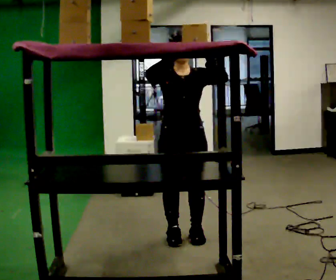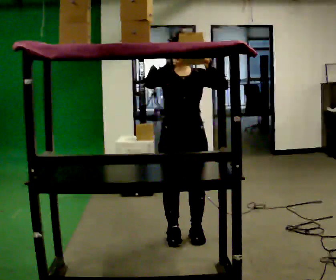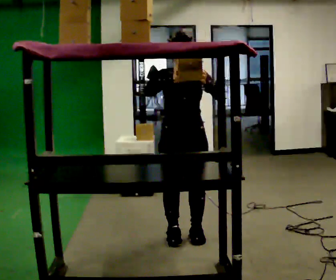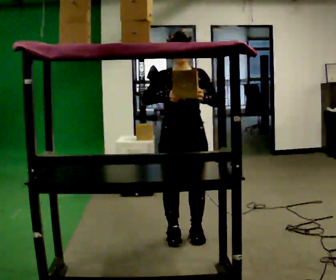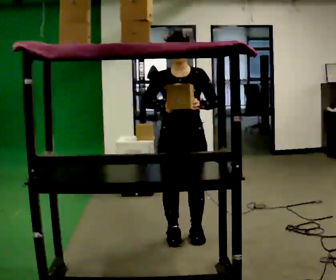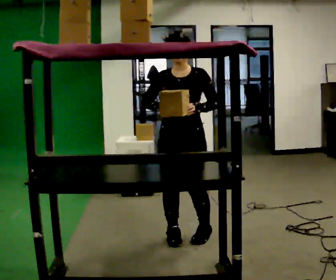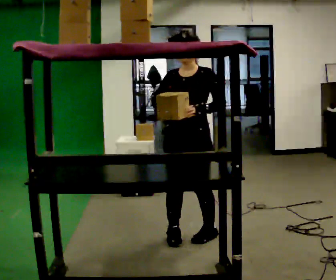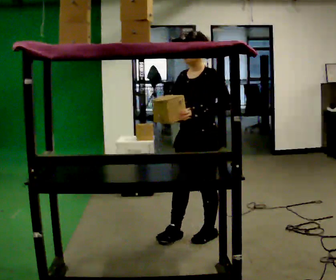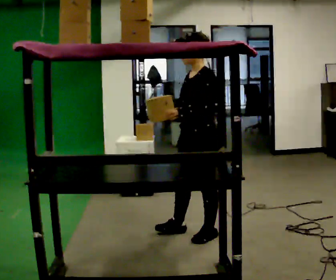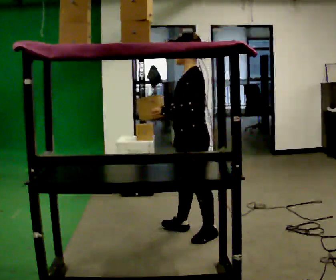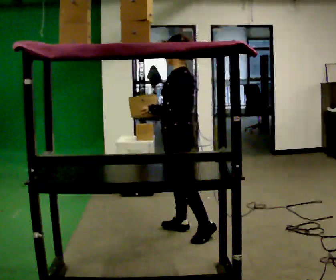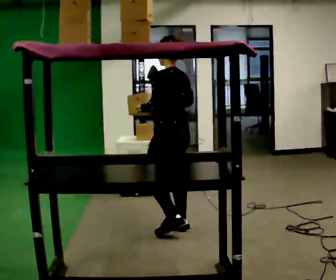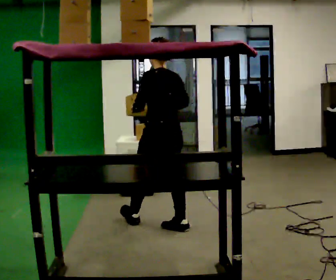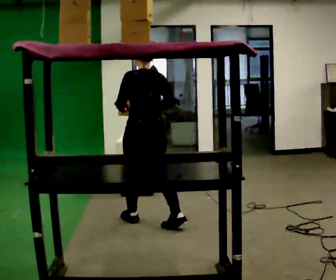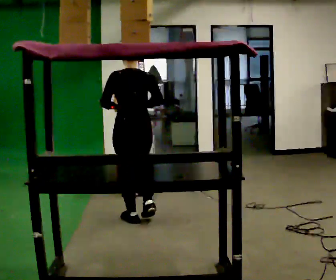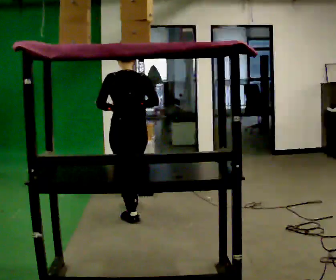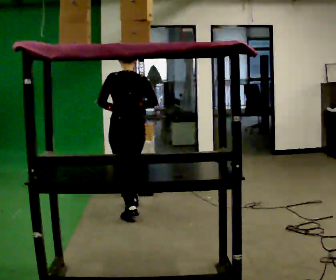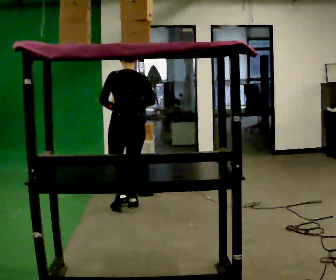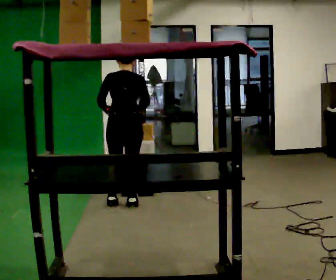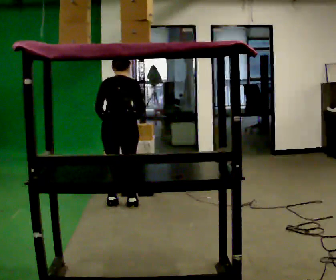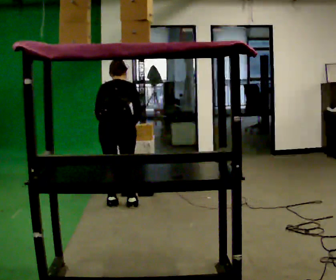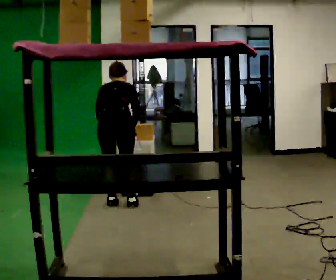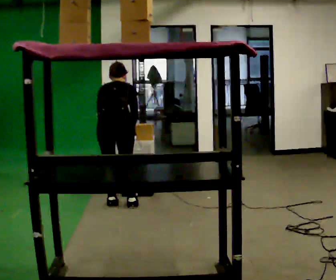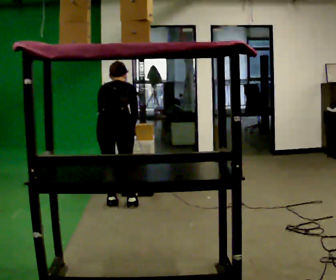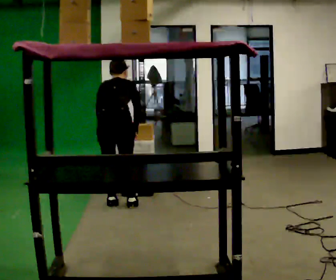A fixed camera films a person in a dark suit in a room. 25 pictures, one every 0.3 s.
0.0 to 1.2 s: In the picture their right hand goes downward.
1.2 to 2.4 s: The part of the body nearest the lens slides to the left as the person turns to their right by about 75 degrees. In the picture they go to the right, about 0.25 m.
2.4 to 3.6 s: The part of the body nearest the lens slides to the left as the person turns to their right by about 60 degrees. In the picture they go to the left and away from the camera, about 0.5 m in 1 step.
3.6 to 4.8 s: In the picture they go away from the camera and to the left, about 0.5 m in 2 steps, which for them is forward.
4.8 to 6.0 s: In the picture they go away from the camera, about 0.25 m in 1 step, which for them is forward. The upper body tips away from the camera, its near side rolling upward, as they bend forward.
6.0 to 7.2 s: The person moves a little, or ends about where they began.
The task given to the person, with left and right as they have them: Take an object down from the highest shelf you can comfortably reach, carry it across, and place it on the waist-height shelf. Keep going until the operator says stop; one object at a time, and do not rush between trips.
The film runs forward here.
